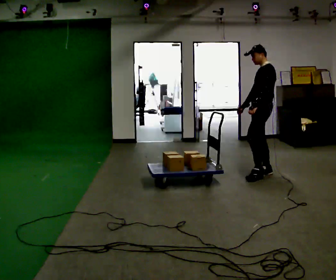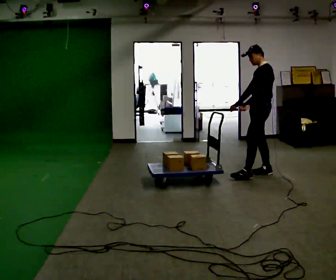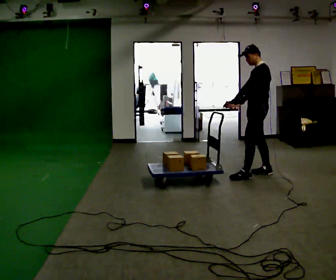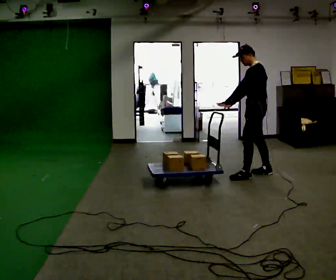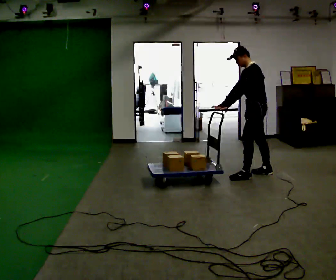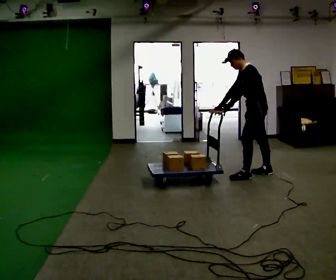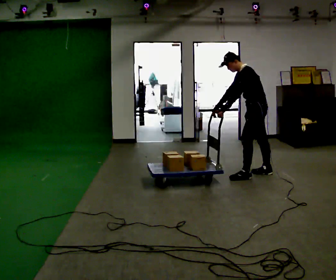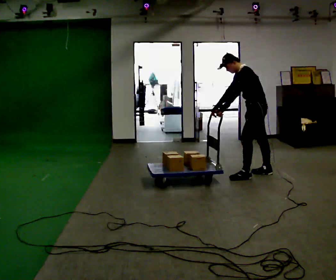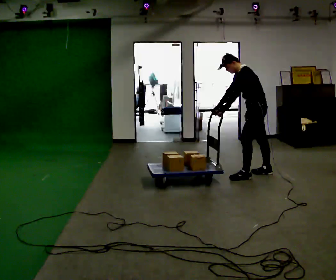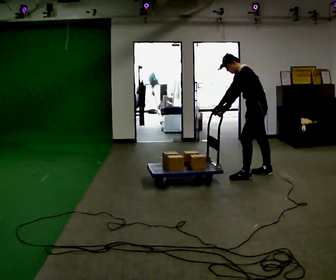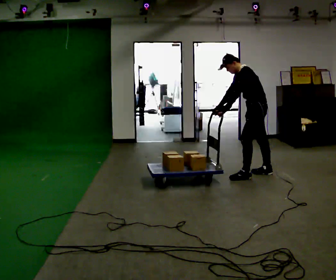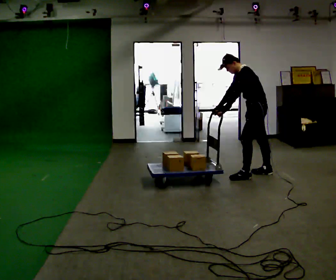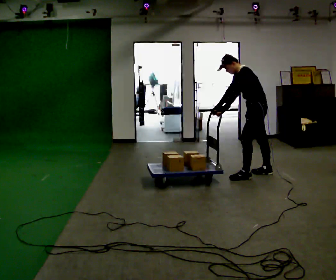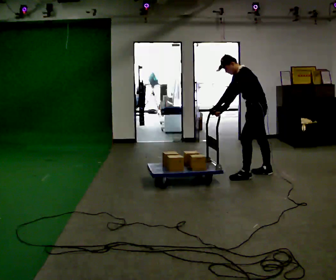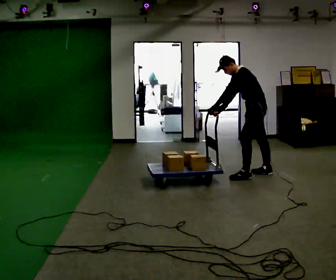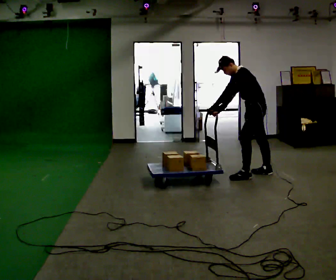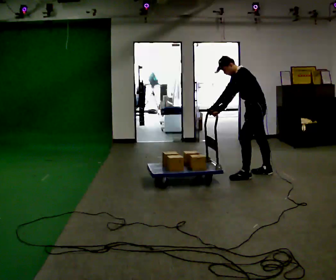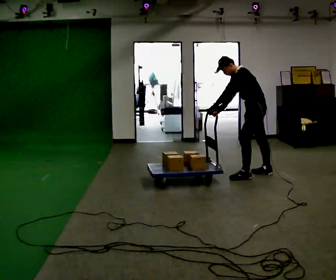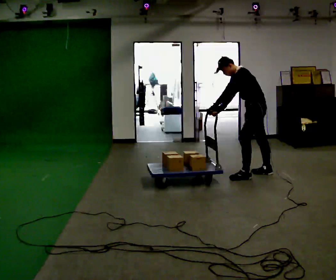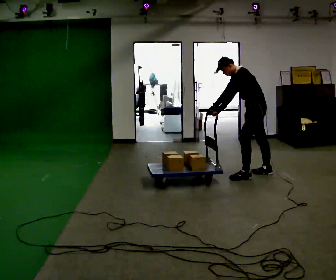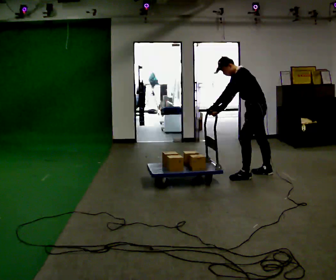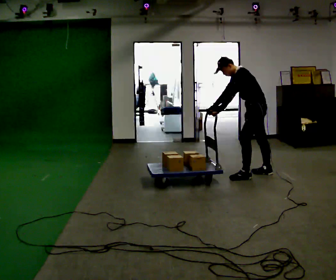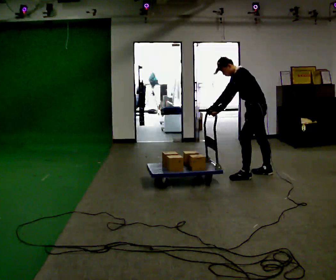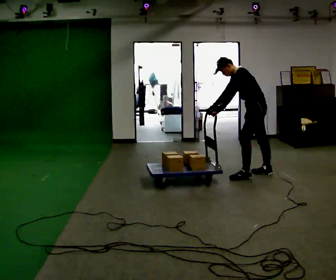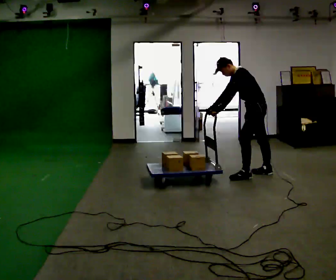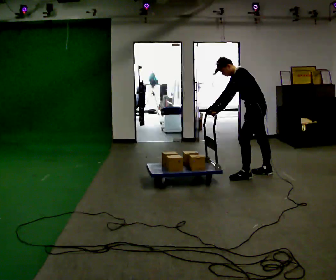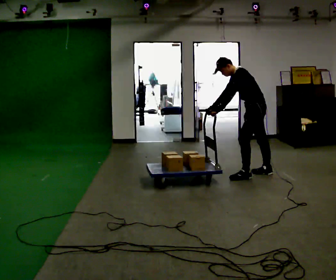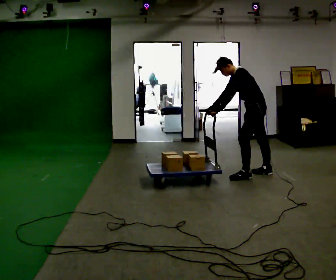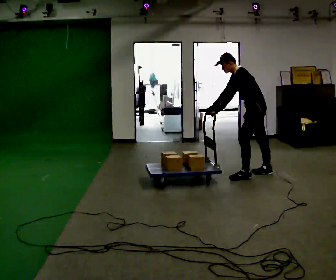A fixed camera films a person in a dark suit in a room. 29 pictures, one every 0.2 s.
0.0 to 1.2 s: In the picture the upper body tilts counterclockwise, shoulders to the left, as they bend forward. In the picture their left hand goes to the left.
1.2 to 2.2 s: The person keeps their place and pose.
2.2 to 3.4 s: The person moves a little, or ends about where they began.
3.4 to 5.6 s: The person keeps their place and pose.
The film runs forward here.
